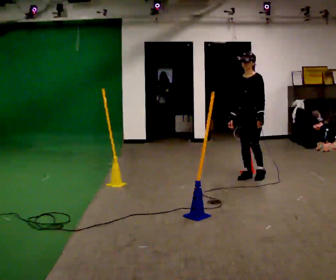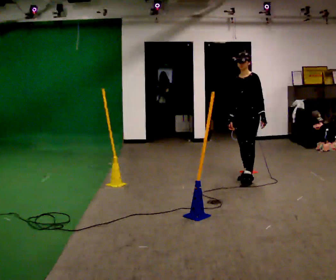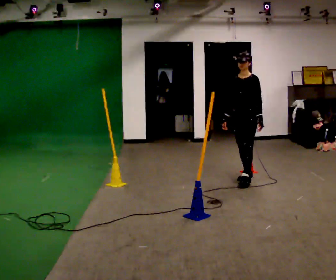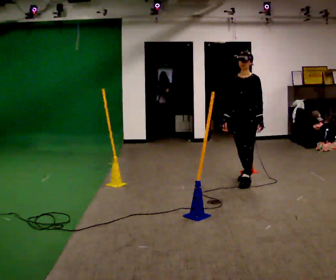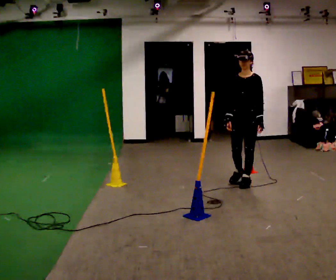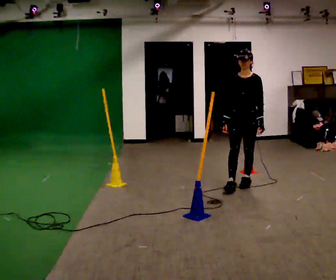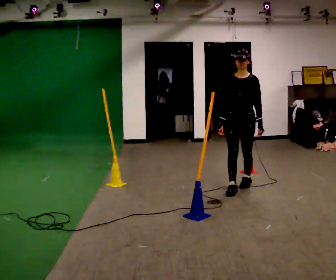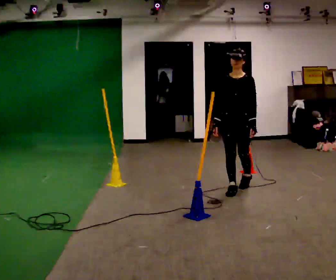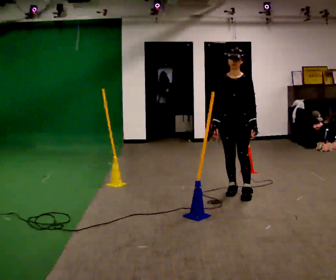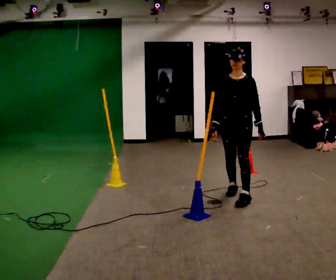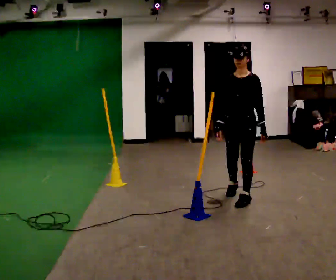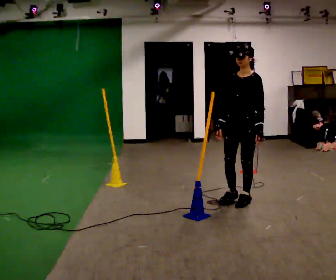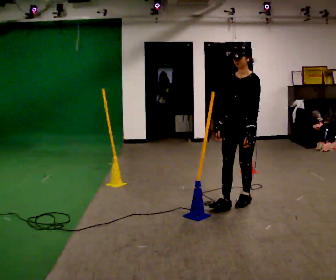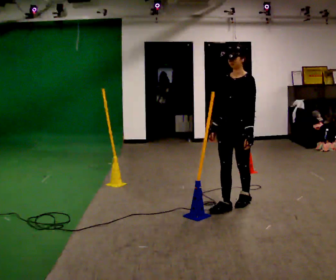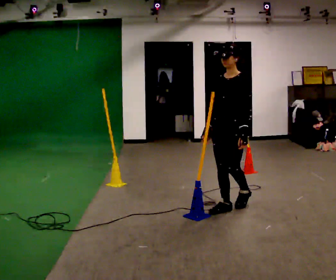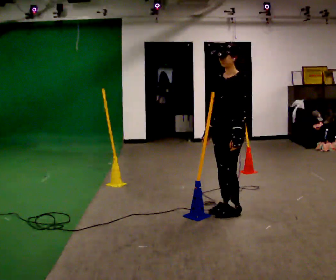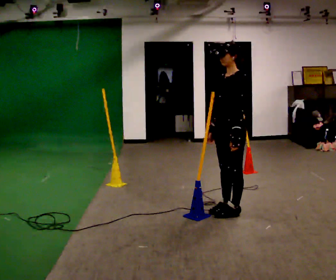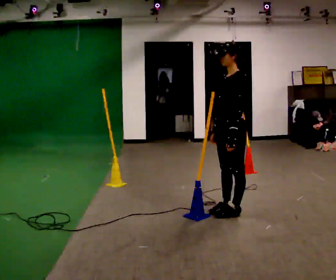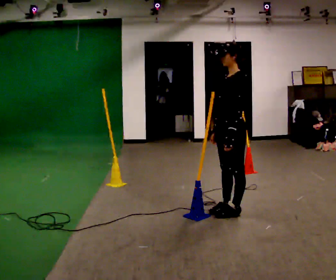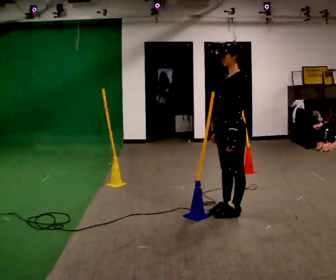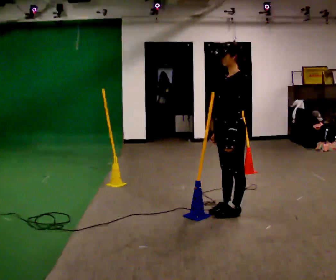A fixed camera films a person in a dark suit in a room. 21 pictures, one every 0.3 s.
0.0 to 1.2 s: In the picture they go toward the camera, about 0.25 m in 1 step, which for them is forward.
1.2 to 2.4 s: In the picture they go toward the camera, about 0.5 m in 1 step, which for them is forward.
2.4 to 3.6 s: The part of the body nearest the lens slides to the left as the person turns to their right by about 30 degrees. In the picture they go toward the camera, about 0.5 m in 2 steps, which for them is forward and to their left.
3.6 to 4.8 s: The part of the body nearest the lens slides to the left as the person turns to their right by about 30 degrees. In the picture they go toward the camera, about 0.25 m in 1 step, which for them is forward.
4.8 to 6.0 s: The person moves a little, or ends about where they began.
The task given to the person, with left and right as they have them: Start at marker; visit targets in order; choose natural paths; avoid obstacles; stop at final target.
The film runs forward here.
